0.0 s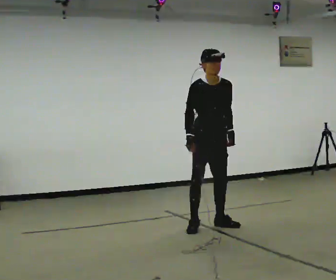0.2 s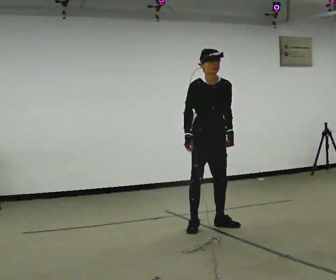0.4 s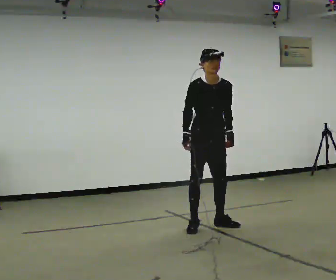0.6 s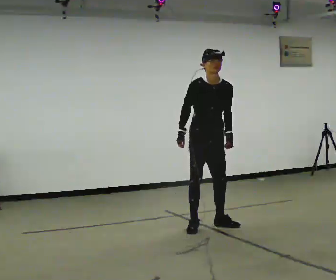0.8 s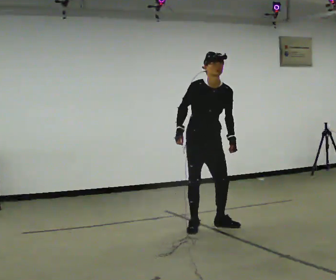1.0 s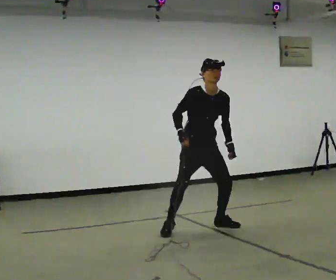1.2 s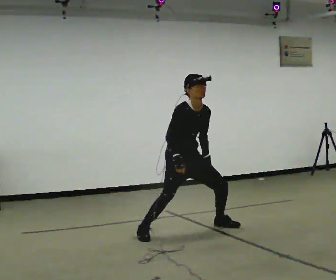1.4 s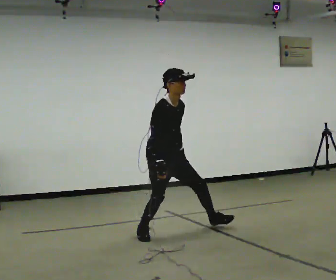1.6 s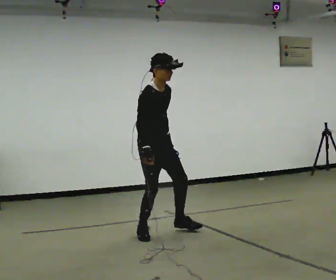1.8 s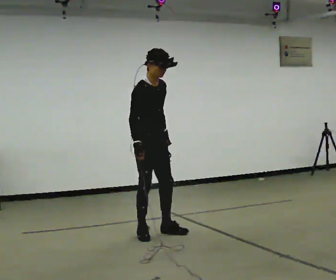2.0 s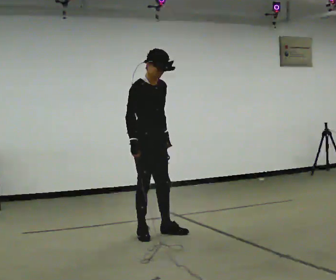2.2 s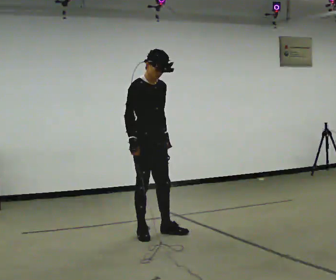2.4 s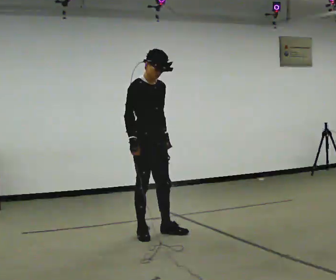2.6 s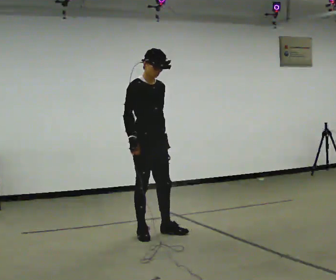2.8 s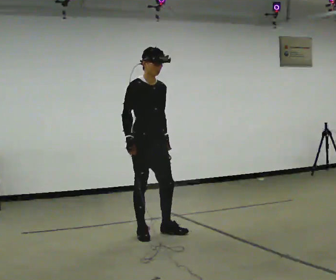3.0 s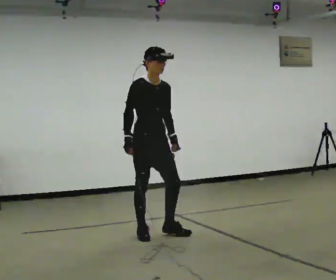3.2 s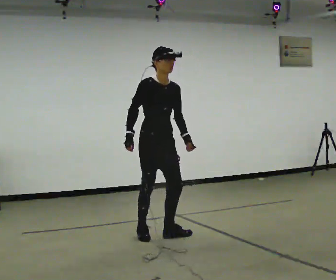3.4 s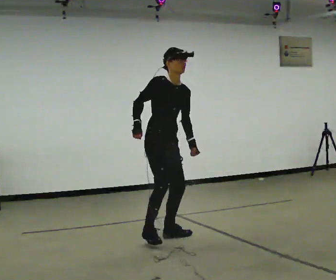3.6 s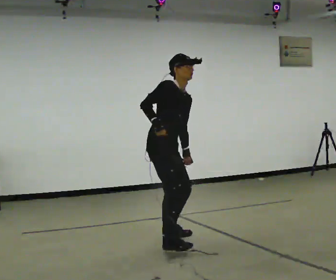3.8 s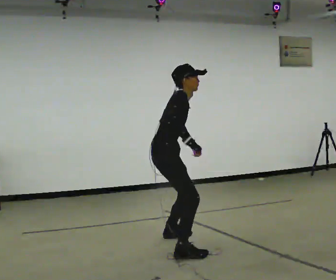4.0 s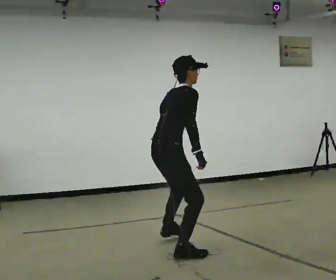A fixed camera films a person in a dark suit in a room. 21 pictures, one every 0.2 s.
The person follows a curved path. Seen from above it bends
counterclockwise.
The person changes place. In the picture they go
toward the camera.
0.0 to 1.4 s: The part of the body nearest the lens slides to the right as the person turns to their left by about 30 degrees. In the picture they go to the left, about 0.5 m in 2 steps, which for them is to their right. The shoulders move downward.
1.4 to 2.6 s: The shoulders move upward. The upper body tips away from the camera, its near side rolling upward, as they lean back or straighten.
2.6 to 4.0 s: The part of the body nearest the lens slides to the right as the person turns to their left by about 60 degrees. In the picture they go toward the camera, about 0.5 m in 3 steps. In the picture the upper body tilts clockwise, shoulders to the right, as they bend forward.
The film runs backward here.
